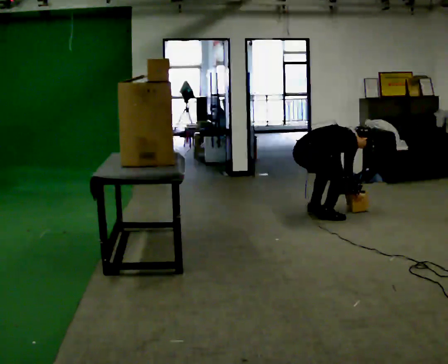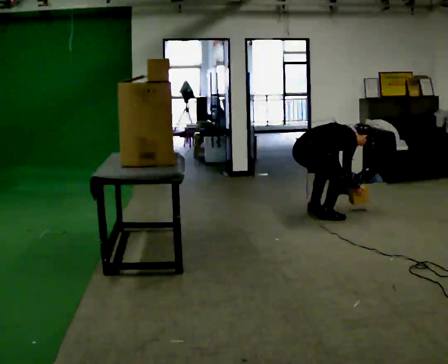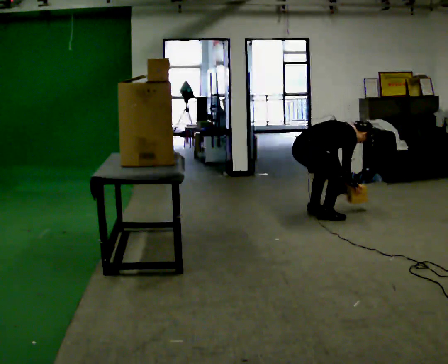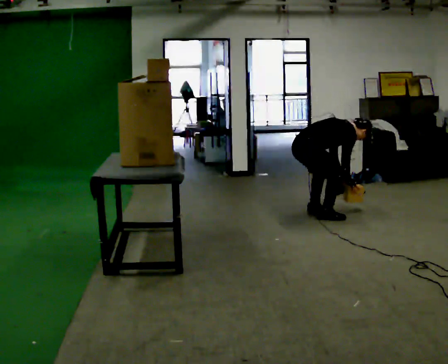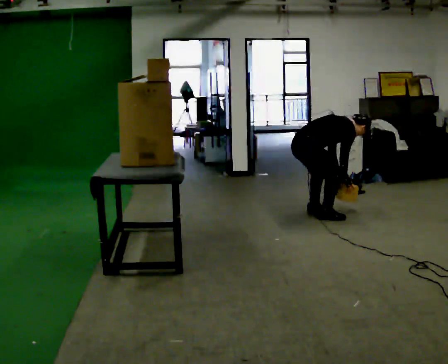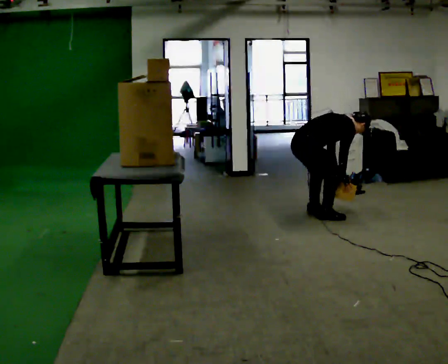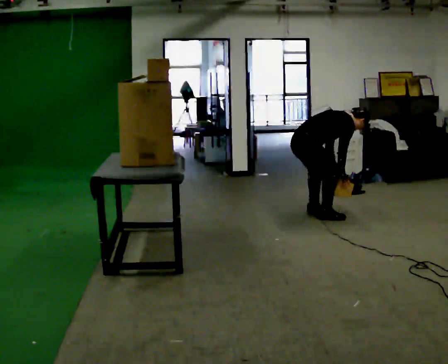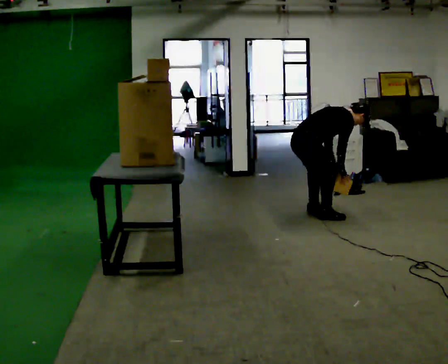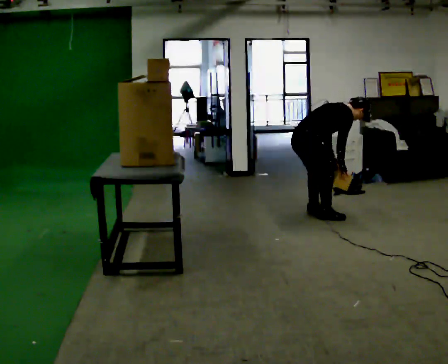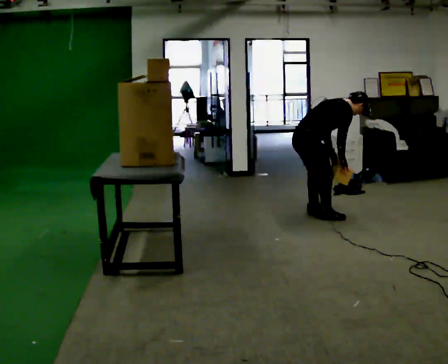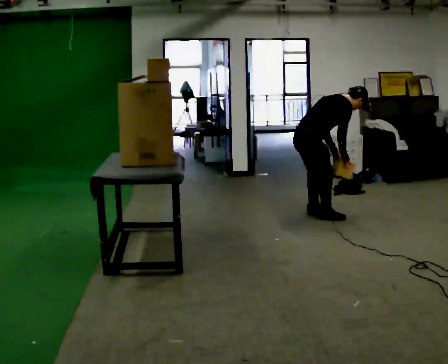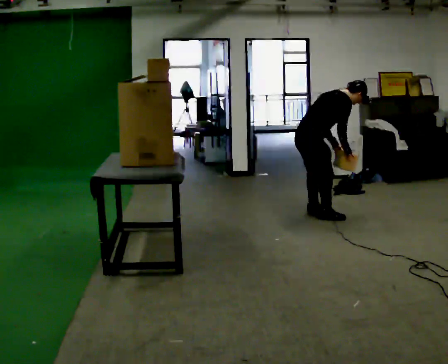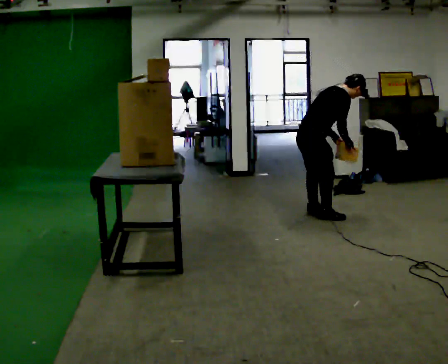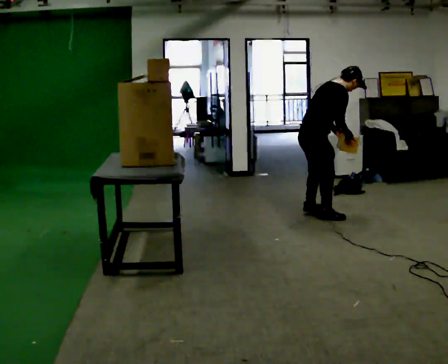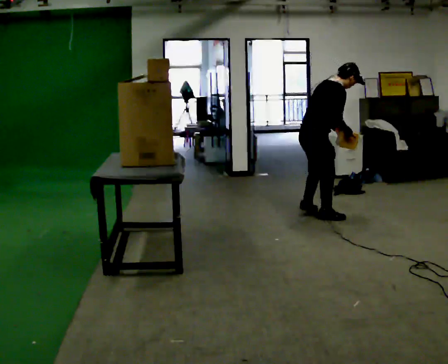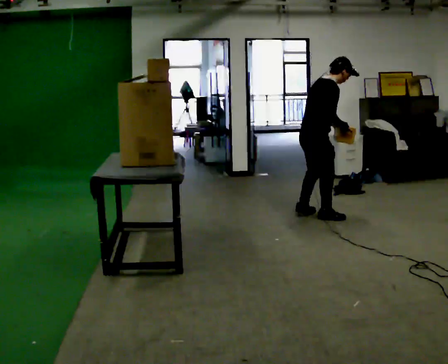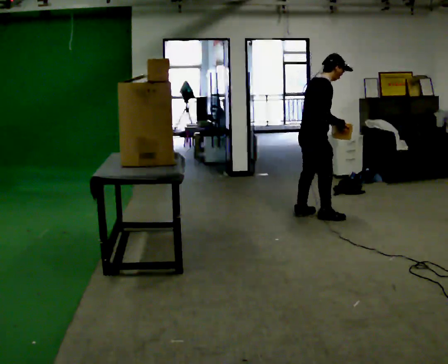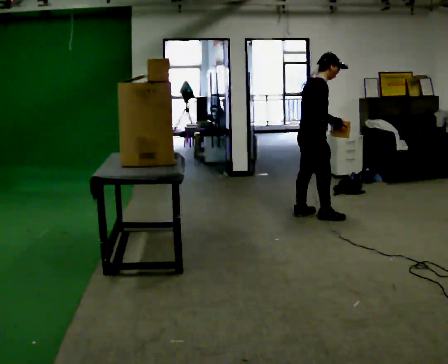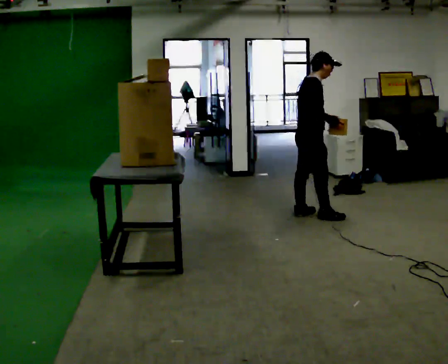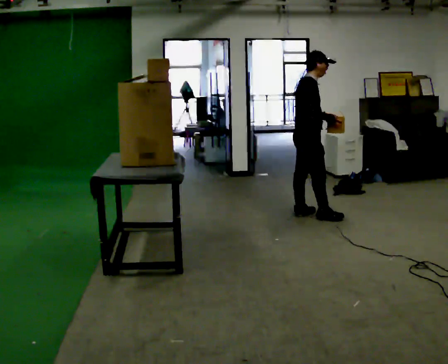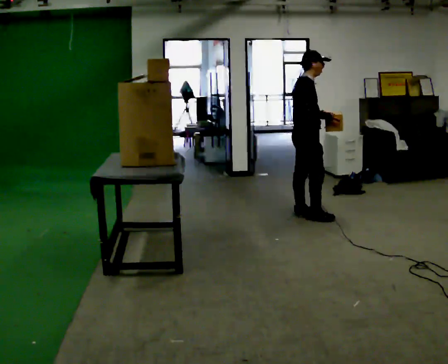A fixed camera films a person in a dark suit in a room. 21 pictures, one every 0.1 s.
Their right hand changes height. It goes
upward.
The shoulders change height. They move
upward.
0.0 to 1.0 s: The shoulders move upward. In the picture the upper body tilts counterclockwise, shoulders to the left, as they lean back or straighten. In the picture their left hand goes upward.
1.0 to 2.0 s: The upper body goes upward. In the picture the upper body tilts counterclockwise, shoulders to the left, as they lean back or straighten. In the picture their left hand goes upward.
The film runs backward here.
